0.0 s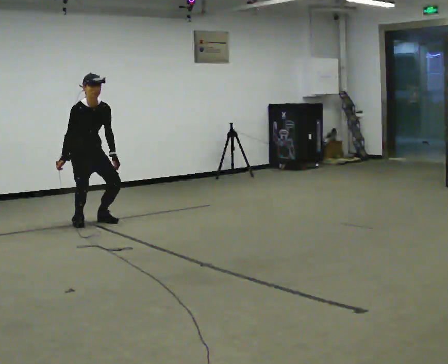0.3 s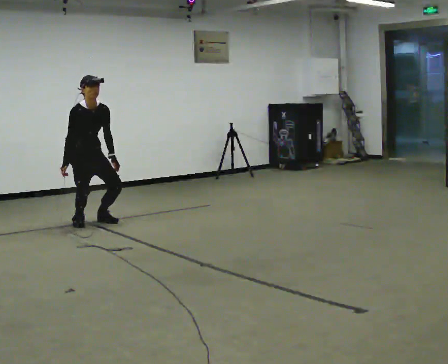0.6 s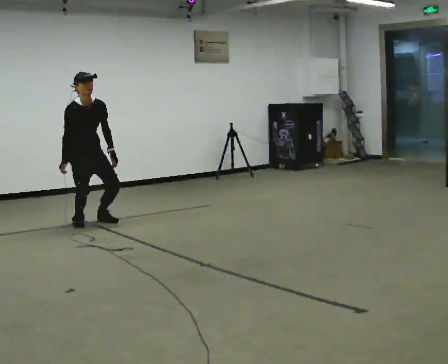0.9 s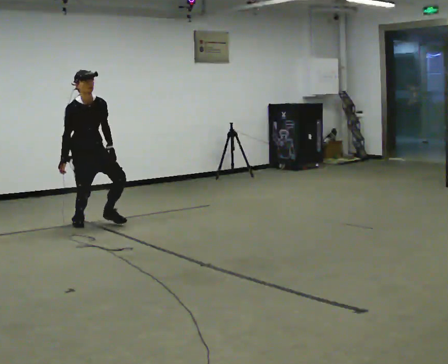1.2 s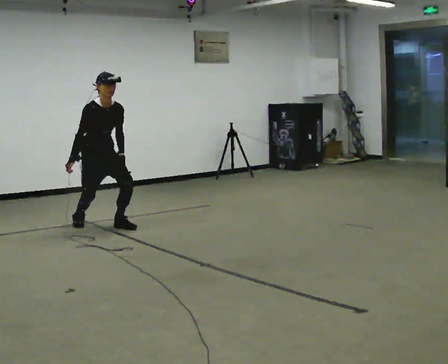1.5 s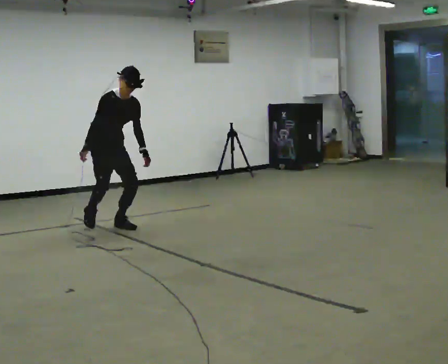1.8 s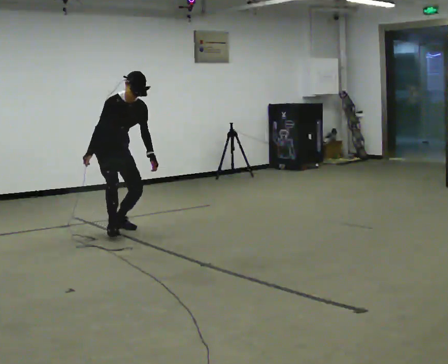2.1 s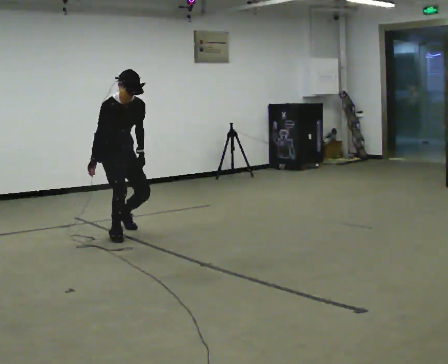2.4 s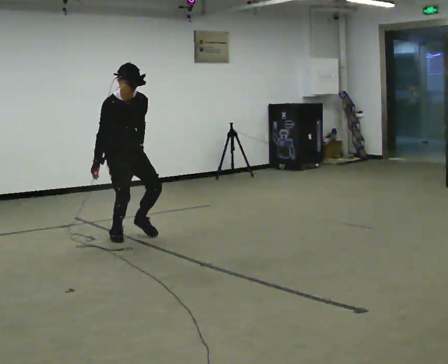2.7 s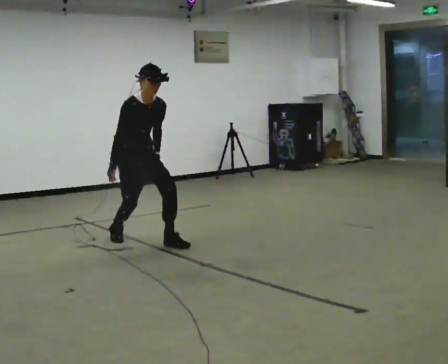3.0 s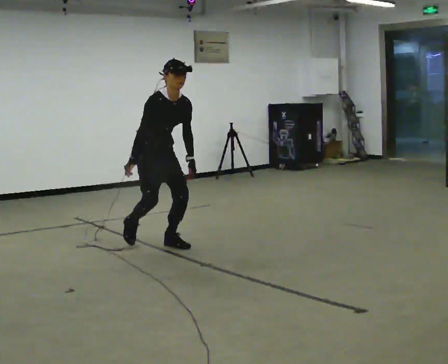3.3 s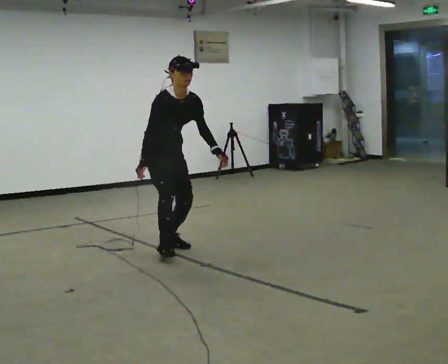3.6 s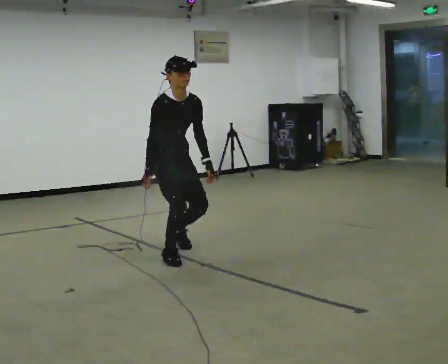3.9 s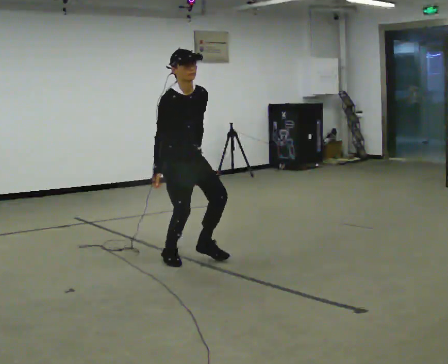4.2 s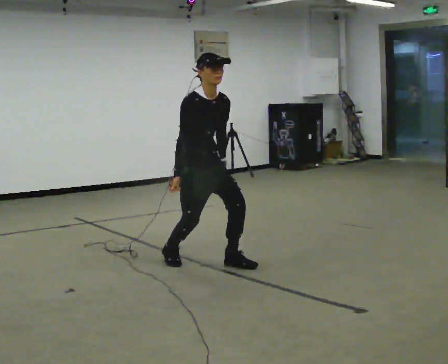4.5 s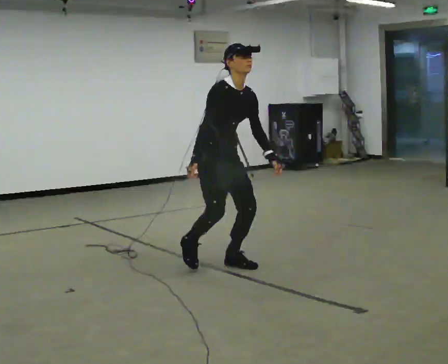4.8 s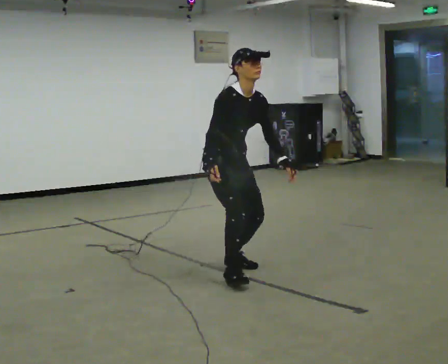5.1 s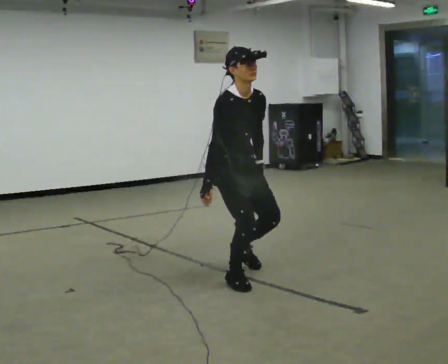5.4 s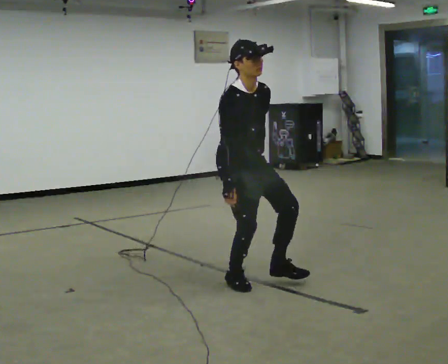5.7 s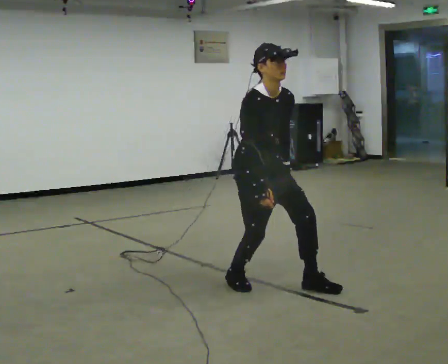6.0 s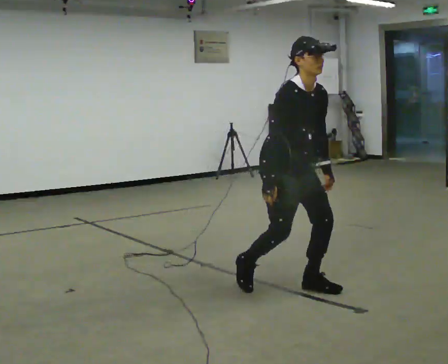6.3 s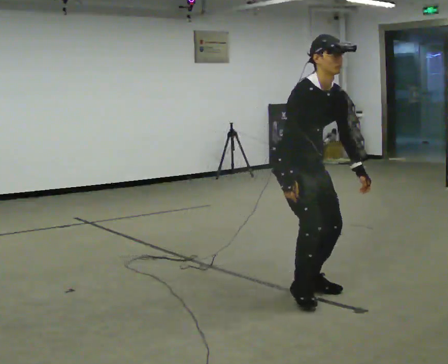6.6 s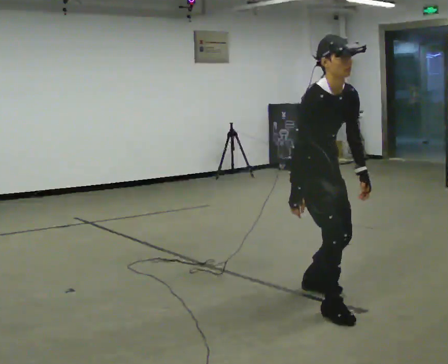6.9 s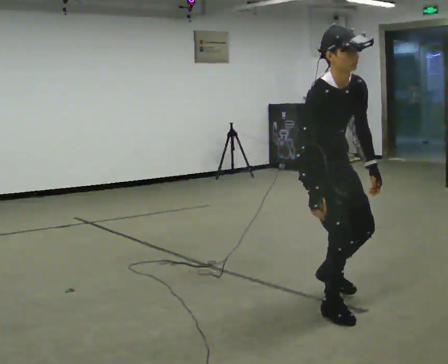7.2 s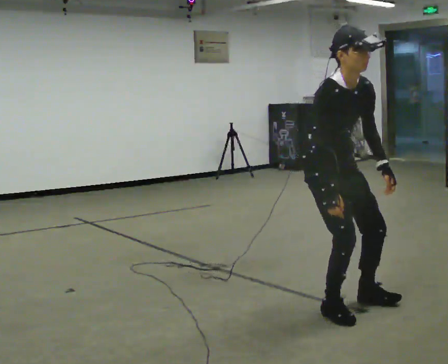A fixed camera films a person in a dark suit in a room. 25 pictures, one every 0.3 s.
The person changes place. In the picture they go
toward the camera.
0.0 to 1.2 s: In the picture they go toward the camera, about 0.25 m in 1 step, which for them is forward.
1.2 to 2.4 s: In the picture they go toward the camera and to the right, about 0.5 m in 1 step, which for them is forward.
2.4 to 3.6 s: In the picture they go toward the camera and to the right, about 1 m in 2 steps, which for them is forward.
3.6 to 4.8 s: In the picture they go toward the camera and to the right, about 0.75 m in 1 step, which for them is forward.
4.8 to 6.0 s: In the picture they go toward the camera and to the right, about 0.5 m in 2 steps, which for them is forward.
6.0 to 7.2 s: In the picture they go toward the camera, about 0.5 m in 1 step, which for them is forward.
The film runs forward here.
